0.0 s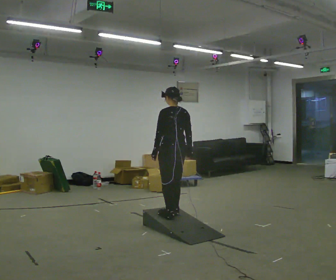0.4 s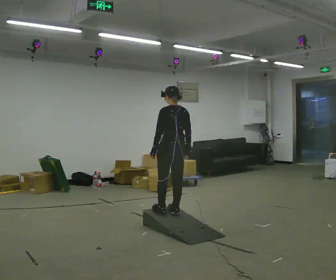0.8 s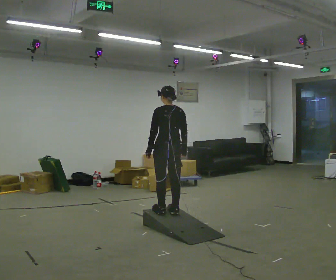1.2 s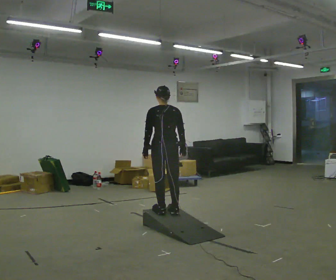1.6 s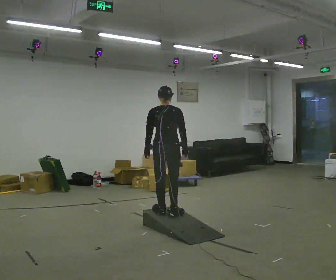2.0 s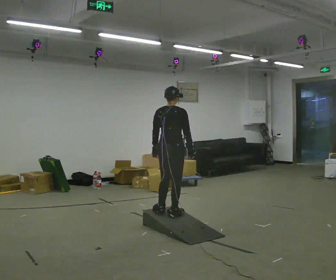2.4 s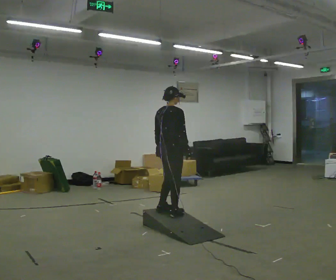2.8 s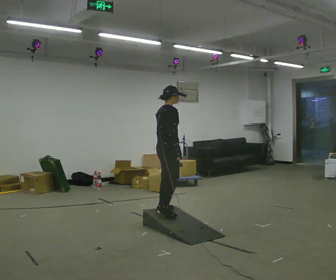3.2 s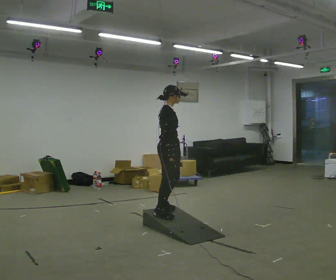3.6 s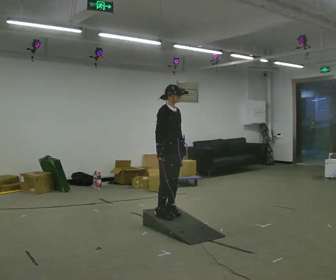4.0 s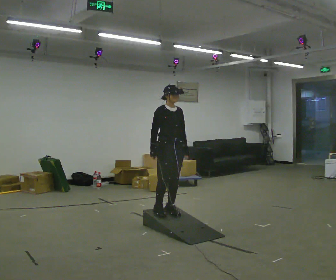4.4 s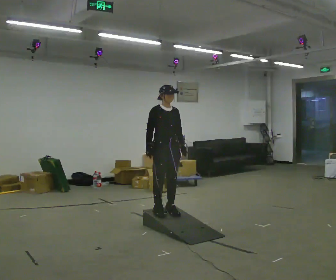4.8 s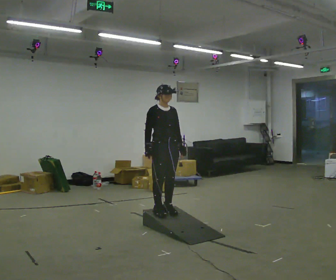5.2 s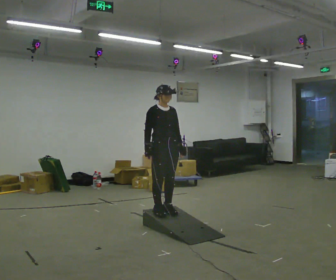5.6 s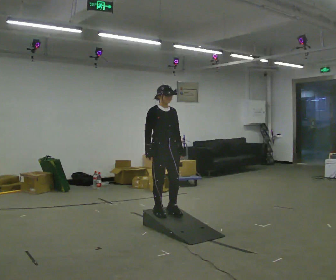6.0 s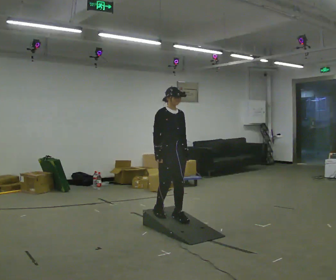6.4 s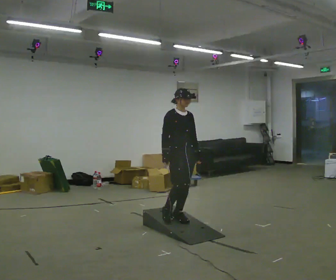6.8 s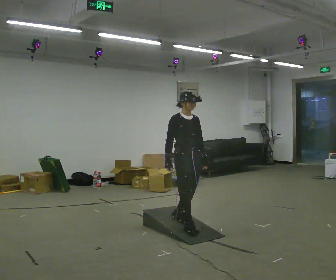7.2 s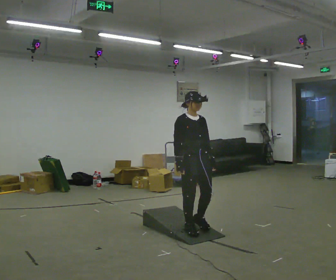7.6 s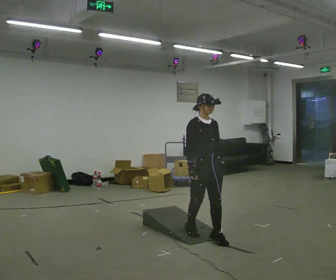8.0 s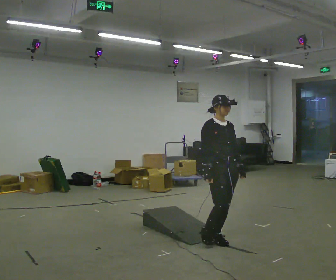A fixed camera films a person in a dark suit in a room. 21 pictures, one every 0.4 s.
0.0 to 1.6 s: The part of the body nearest the lens slides to the left as the person turns to their right by about 30 degrees.
1.6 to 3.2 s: The person turns about 90 degrees to their right, clockwise seen from above, so the part of the body nearest the lens slides to the left.
3.2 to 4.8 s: The part of the body nearest the lens slides to the left as the person turns to their right by about 45 degrees.
4.8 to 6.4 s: In the picture they go to the right and toward the camera, about 0.25 m in 1 step, which for them is forward.
6.4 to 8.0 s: In the picture they go toward the camera and to the right, about 0.75 m in 2 steps, which for them is forward.
The film runs forward here.
